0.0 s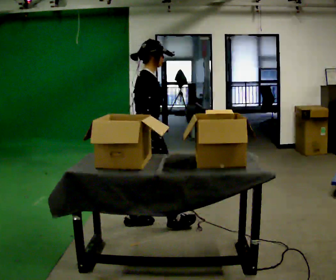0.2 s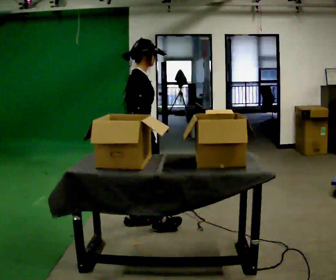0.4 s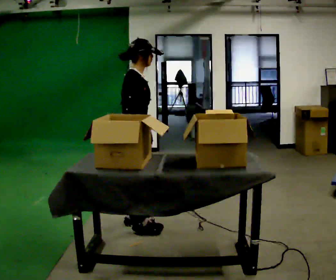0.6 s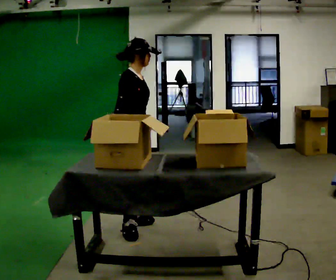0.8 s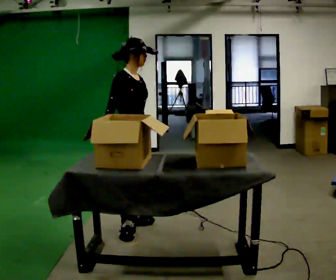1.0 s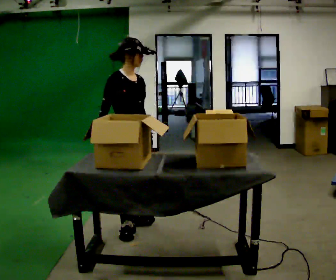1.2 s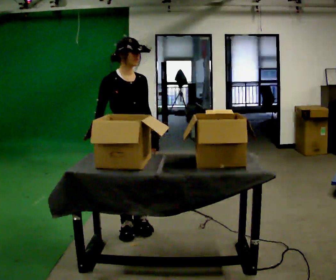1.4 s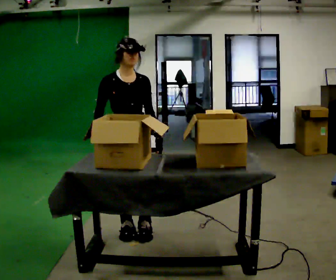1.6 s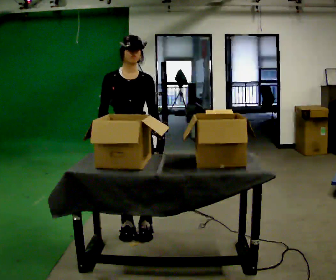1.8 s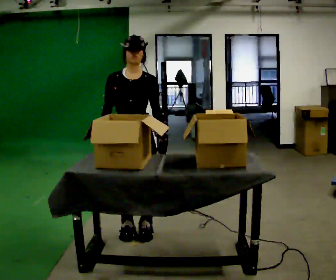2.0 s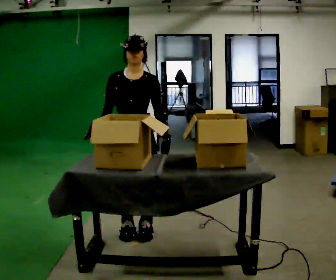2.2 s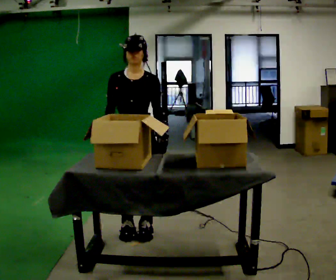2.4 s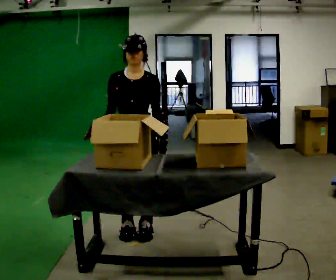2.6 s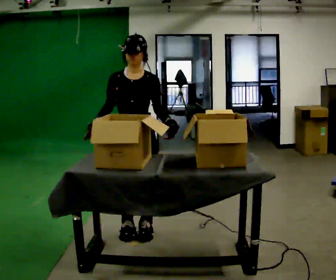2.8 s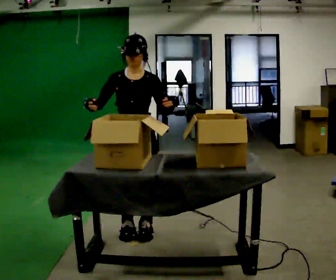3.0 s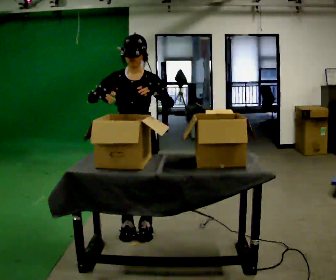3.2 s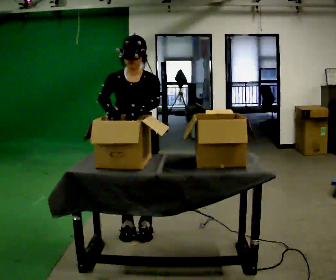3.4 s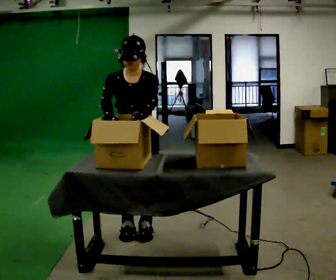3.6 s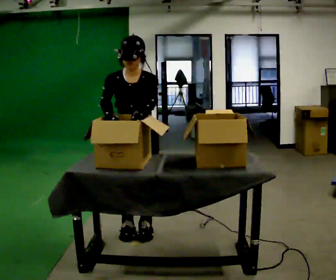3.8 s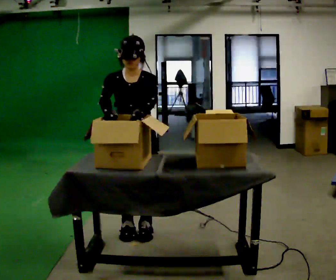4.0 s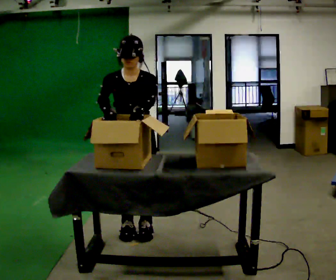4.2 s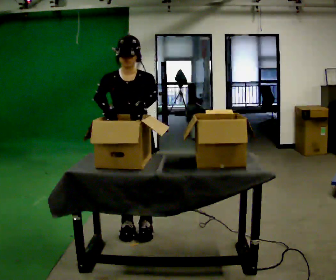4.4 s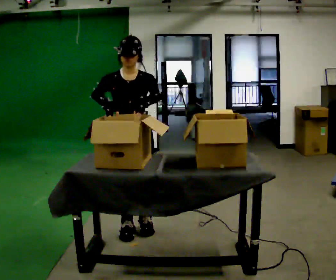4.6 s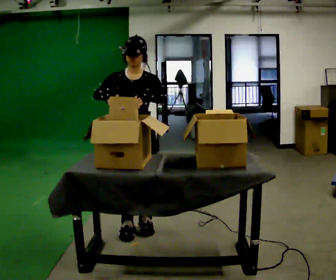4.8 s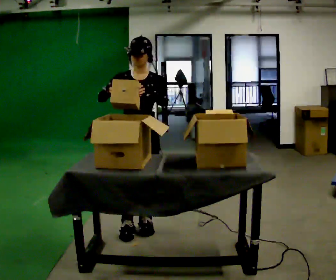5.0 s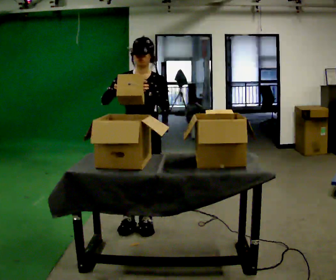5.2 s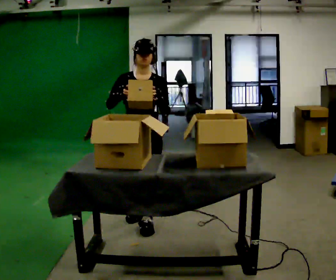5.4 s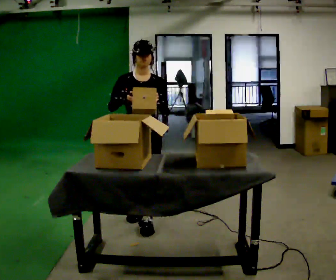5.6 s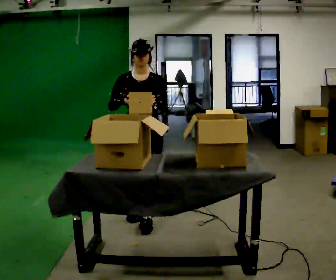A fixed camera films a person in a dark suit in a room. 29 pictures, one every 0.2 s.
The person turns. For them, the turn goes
to their right.
The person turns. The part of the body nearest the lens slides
to the left.
0.0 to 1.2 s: The person turns about 75 degrees to their right, clockwise seen from above, so the part of the body nearest the lens slides to the left. In the picture their right hand goes to the left.
1.2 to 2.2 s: Seen from above the body turns clockwise, about 30 degrees: to their right, with its near side sliding to the left.
2.2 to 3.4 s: The upper body tips toward the camera, its near side rolling downward, as they bend forward.
3.4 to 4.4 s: The person moves a little, or ends about where they began.
4.4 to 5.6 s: In the picture they go away from the camera, about 0.25 m in 2 steps, which for them is backward.
The film runs backward here.
